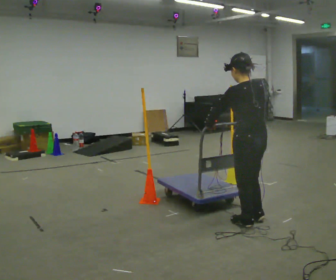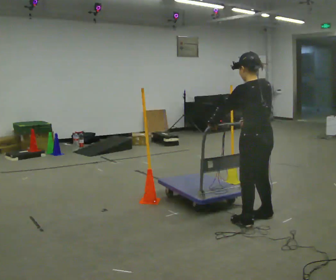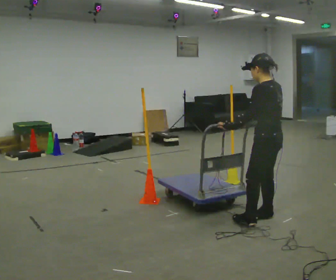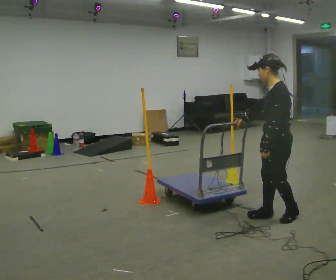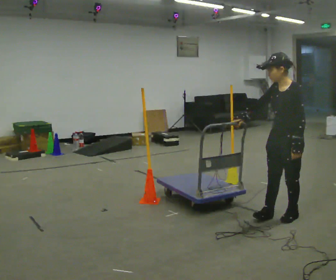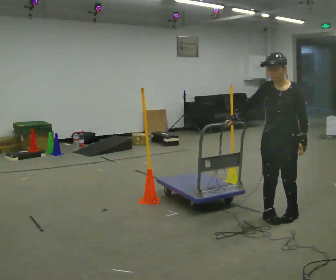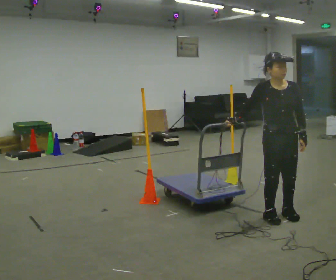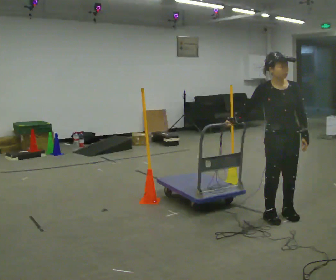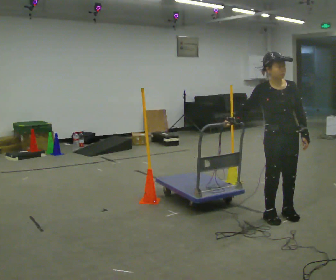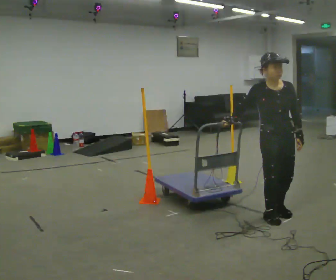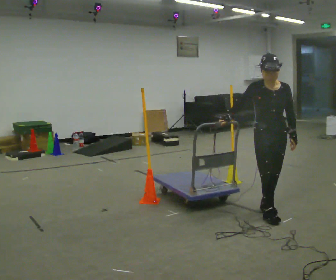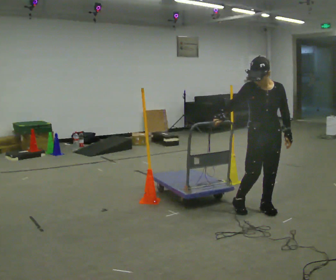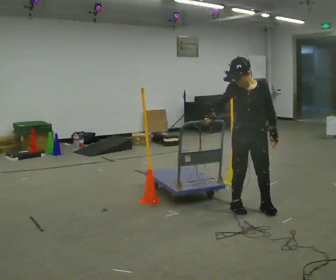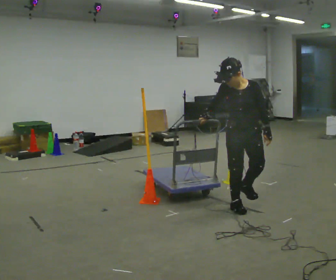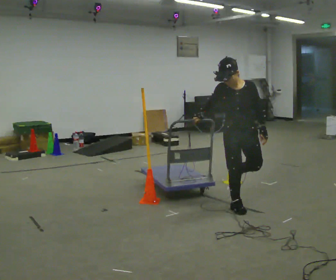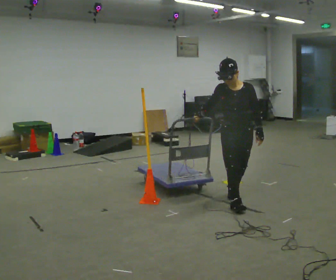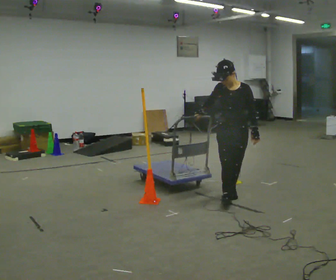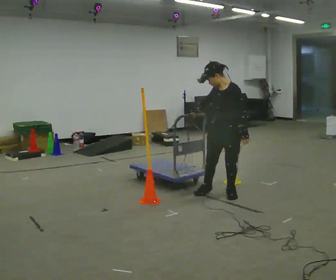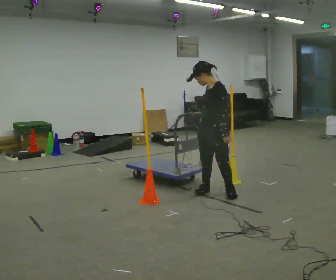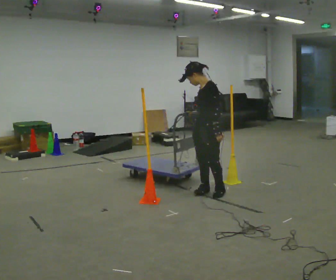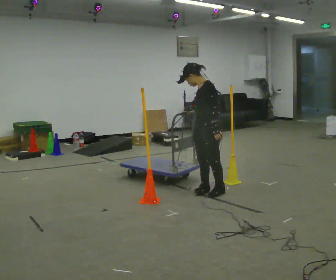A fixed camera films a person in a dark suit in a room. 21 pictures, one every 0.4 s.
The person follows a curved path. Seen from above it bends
counterclockwise.
The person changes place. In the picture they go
away from the camera.
0.0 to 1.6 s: Seen from above the body turns counterclockwise, about 90 degrees: to their left, with its near side sliding to the right. In the picture they go to the right and away from the camera, about 0.5 m in 1 step.
1.6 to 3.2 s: The person turns about 75 degrees to their left, counterclockwise seen from above, so the part of the body nearest the lens slides to the right.
3.2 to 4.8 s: In the picture they go to the left and away from the camera, about 0.25 m in 2 steps, which for them is backward and to their right.
4.8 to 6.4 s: In the picture they go away from the camera and to the left, about 0.5 m in 3 steps, which for them is backward.
6.4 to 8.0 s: The part of the body nearest the lens slides to the left as the person turns to their right by about 60 degrees. In the picture they go to the left and away from the camera, about 0.25 m in 1 step, which for them is to their right.
The film runs backward here.
